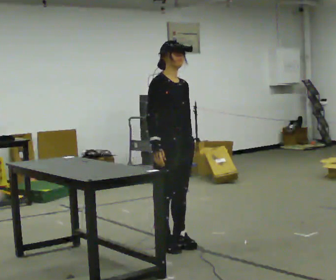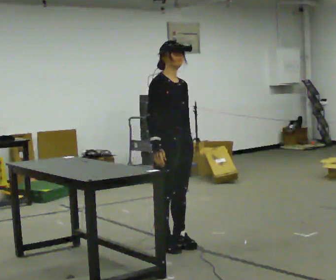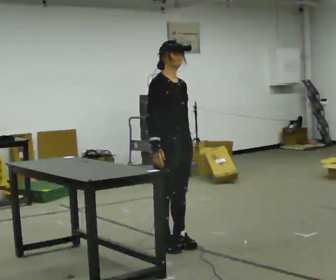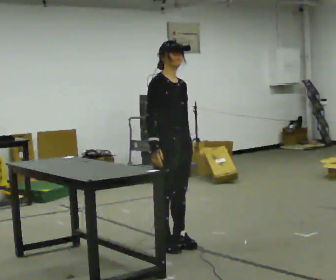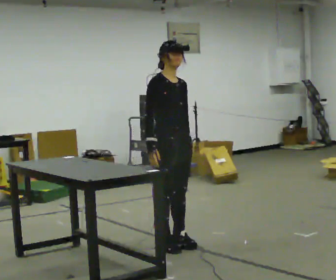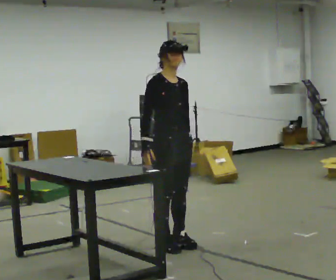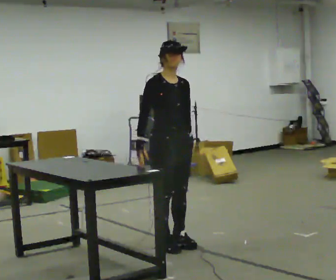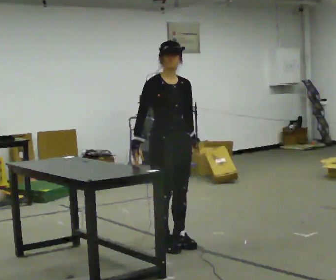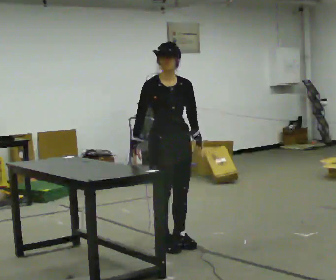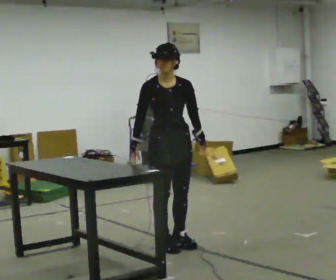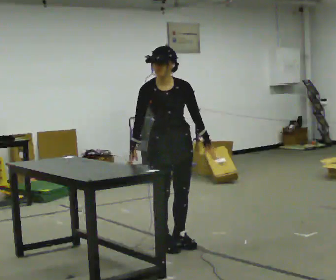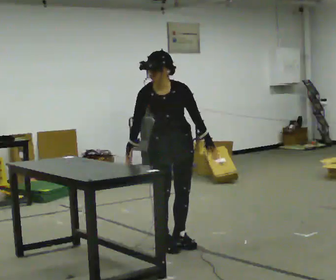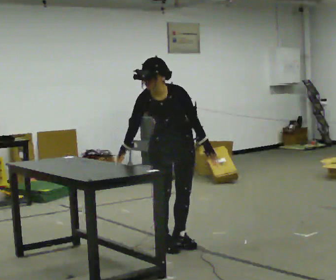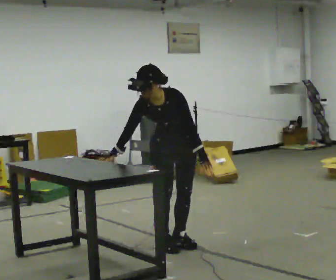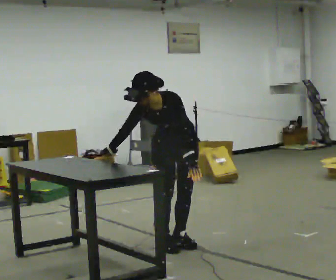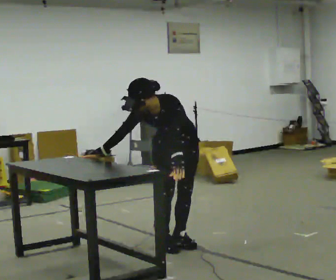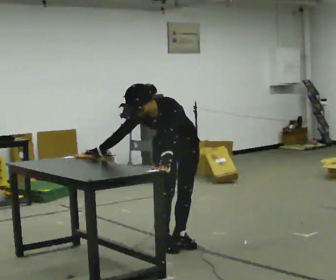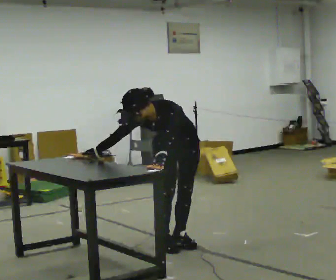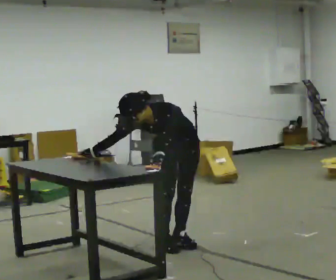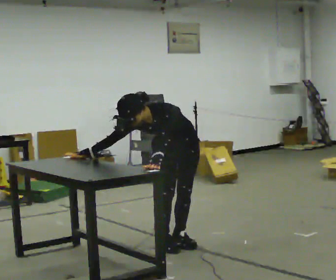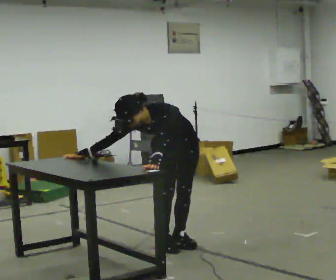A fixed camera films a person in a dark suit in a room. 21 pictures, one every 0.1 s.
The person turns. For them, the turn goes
to their right.
The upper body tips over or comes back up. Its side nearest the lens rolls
downward.
0.0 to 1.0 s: The part of the body nearest the lens slides to the left as the person turns to their right by about 45 degrees. The upper body tips toward the camera, its near side rolling downward, as they bend forward.
1.0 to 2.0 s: The part of the body nearest the lens slides to the left as the person turns to their right by about 30 degrees. The shoulders move downward. In the picture the upper body tilts counterclockwise, shoulders to the left, as they bend forward. In the picture their left hand goes to the left.
The film runs backward here.
